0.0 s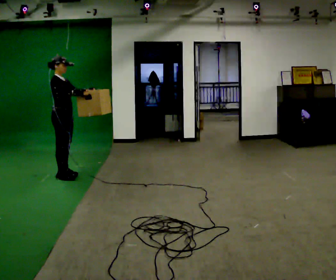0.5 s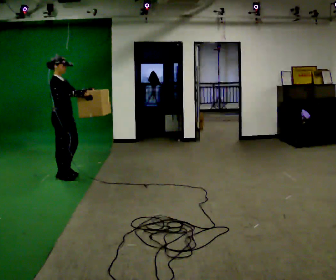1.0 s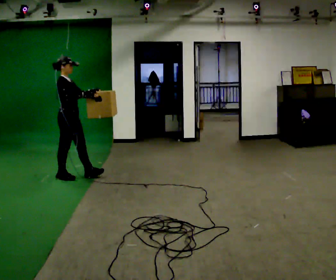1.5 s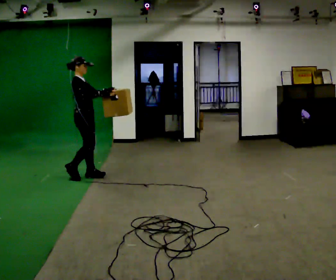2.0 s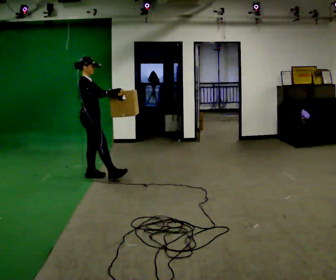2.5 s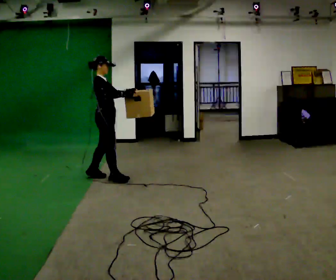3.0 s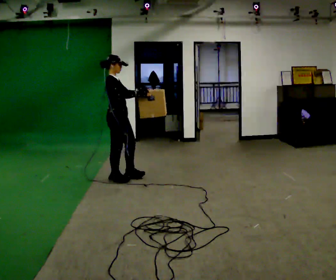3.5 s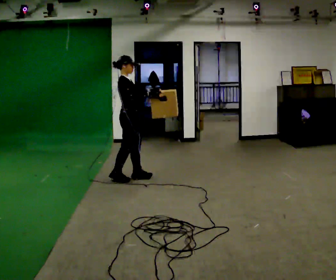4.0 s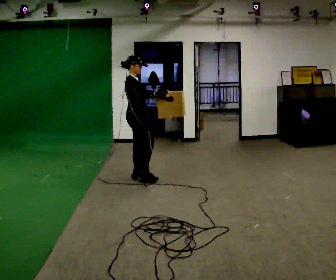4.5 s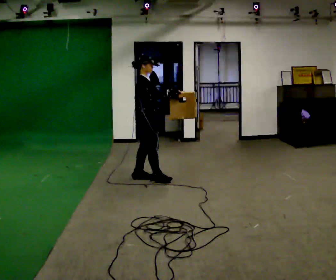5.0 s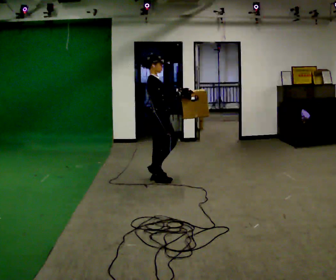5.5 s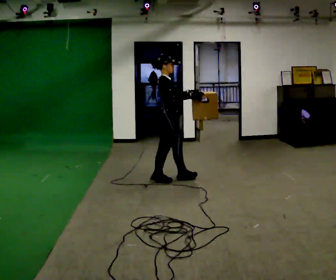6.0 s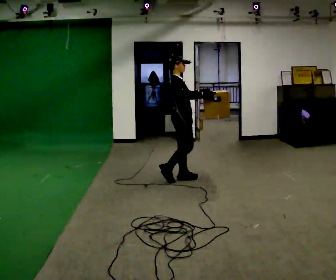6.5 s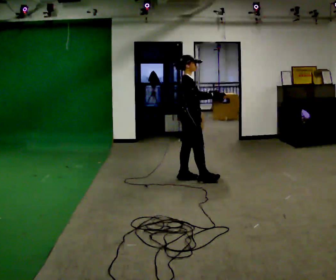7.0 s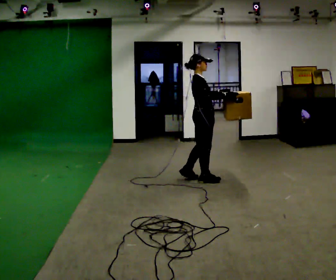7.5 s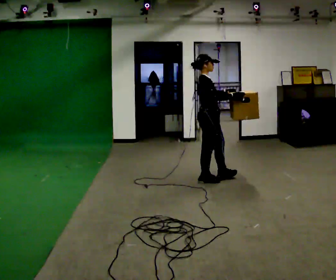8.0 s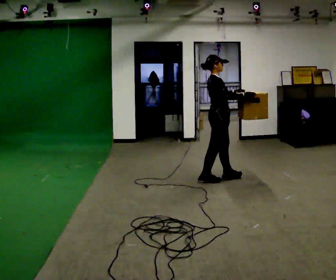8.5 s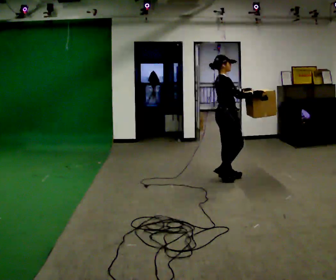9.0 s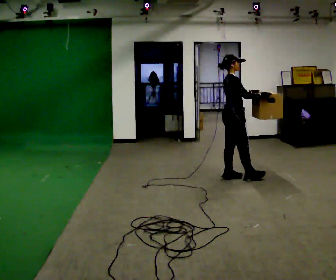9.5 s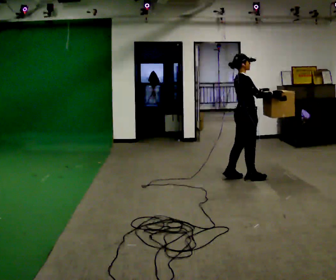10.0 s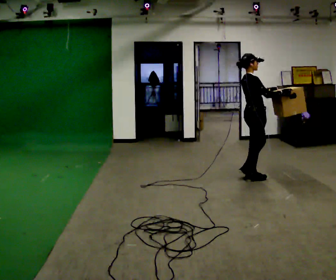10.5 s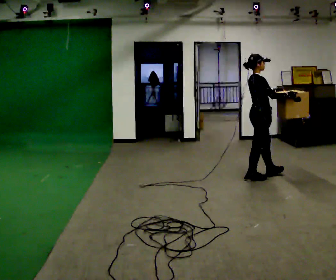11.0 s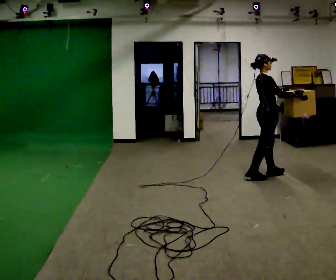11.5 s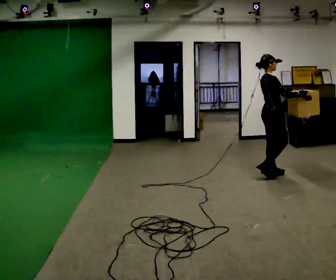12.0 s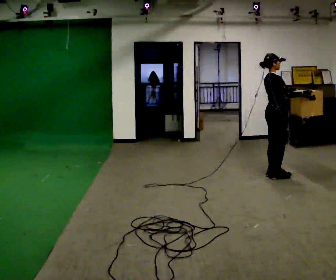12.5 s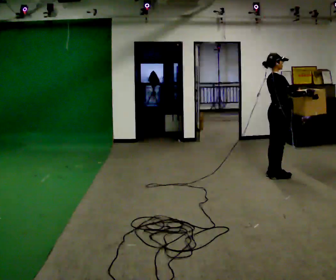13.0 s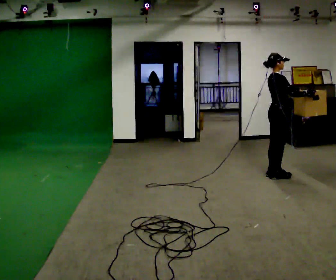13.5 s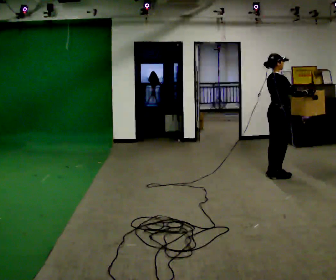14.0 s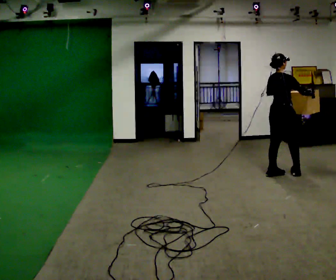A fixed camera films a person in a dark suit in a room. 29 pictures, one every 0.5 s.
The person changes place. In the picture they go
to the right.
0.0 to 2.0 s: In the picture they go to the right, about 0.25 m in 2 steps, which for them is forward.
2.0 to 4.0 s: In the picture they go to the right, about 0.5 m in 1 step, which for them is forward.
4.0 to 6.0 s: In the picture they go to the right, about 0.5 m in 2 steps, which for them is forward.
6.0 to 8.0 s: In the picture they go to the right, about 0.5 m in 2 steps, which for them is forward.
8.0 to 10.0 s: In the picture they go to the right, about 0.5 m in 1 step, which for them is forward.
10.0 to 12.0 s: In the picture they go to the right, about 0.25 m in 2 steps, which for them is forward.
12.0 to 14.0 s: The part of the body nearest the lens slides to the right as the person turns to their left by about 30 degrees.
The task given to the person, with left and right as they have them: Carry the box across the room much more slowly and carefully than normal, back and forth.
The film runs forward here.
